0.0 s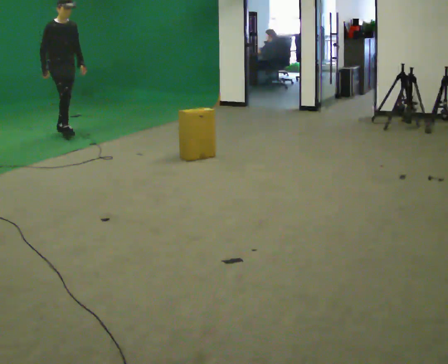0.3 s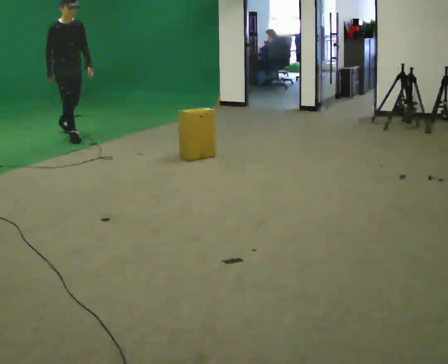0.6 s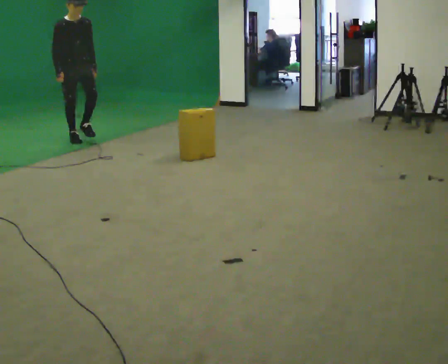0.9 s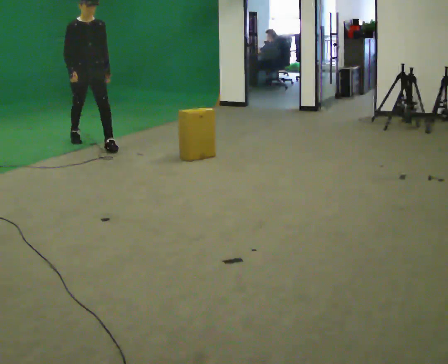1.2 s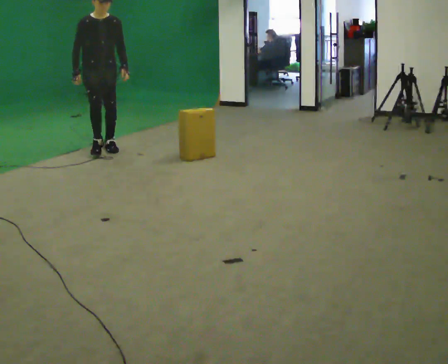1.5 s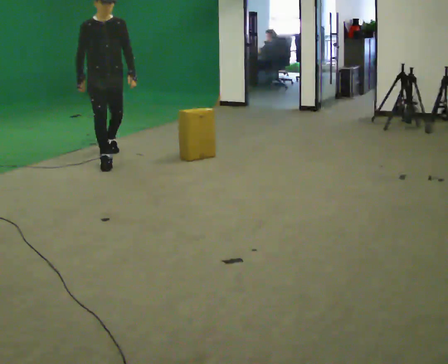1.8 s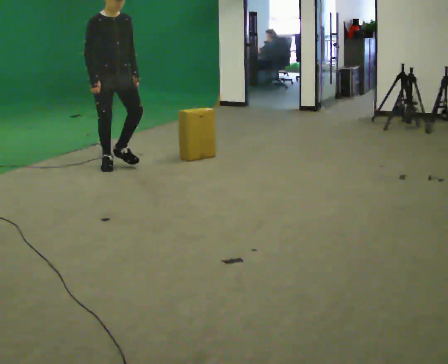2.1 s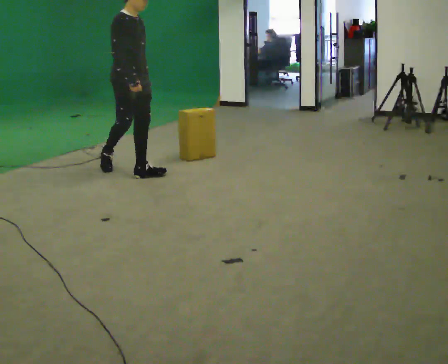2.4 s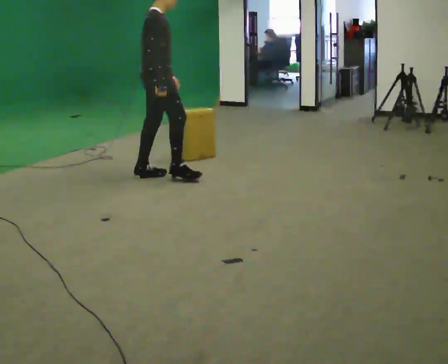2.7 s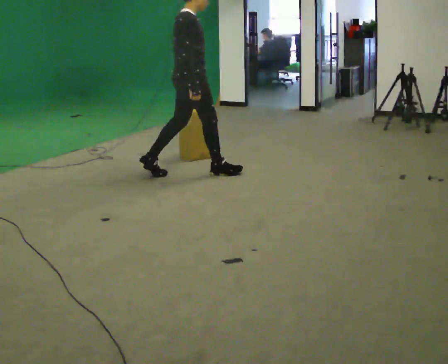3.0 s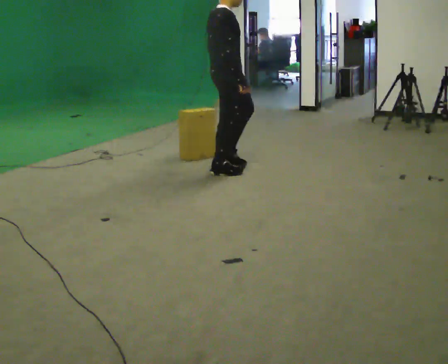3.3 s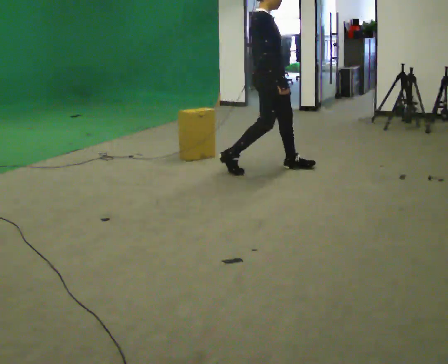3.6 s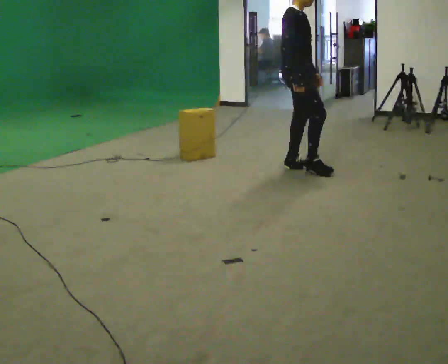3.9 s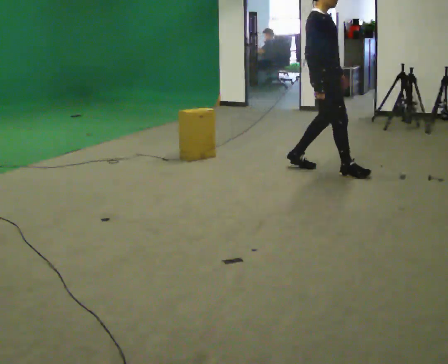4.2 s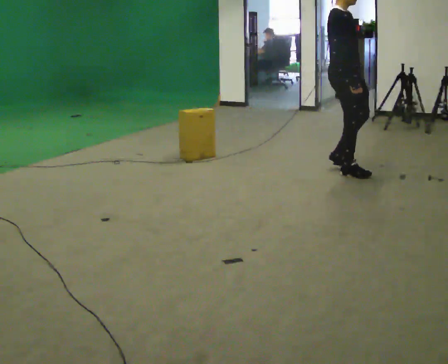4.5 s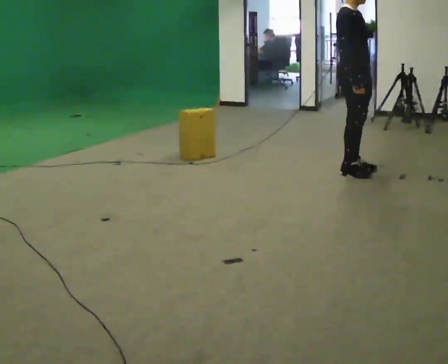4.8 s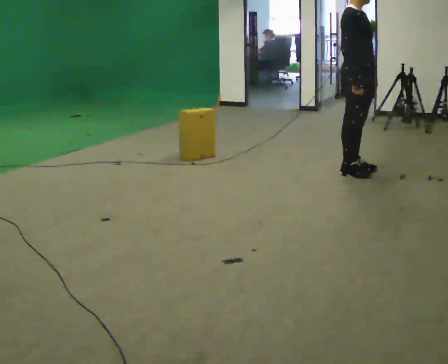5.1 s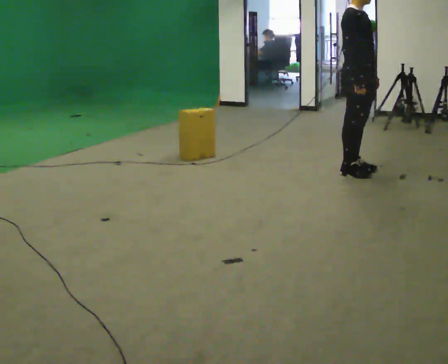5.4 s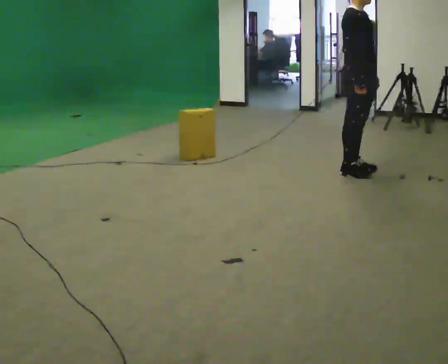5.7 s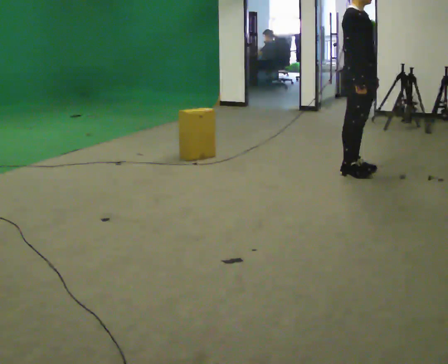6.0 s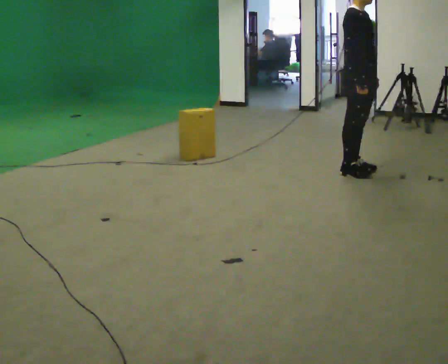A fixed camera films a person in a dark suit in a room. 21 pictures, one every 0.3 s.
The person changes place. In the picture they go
to the right.
0.0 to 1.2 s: Seen from above the body turns clockwise, about 30 degrees: to their right, with its near side sliding to the left. In the picture they go toward the camera and to the right, about 1 m in 2 steps, which for them is forward.
1.2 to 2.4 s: Seen from above the body turns counterclockwise, about 75 degrees: to their left, with its near side sliding to the right. In the picture they go toward the camera and to the right, about 1 m in 2 steps.
2.4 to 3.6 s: The part of the body nearest the lens slides to the left as the person turns to their right by about 30 degrees. In the picture they go to the right, about 1 m in 2 steps, which for them is forward.
3.6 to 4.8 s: In the picture they go to the right, about 0.5 m in 2 steps, which for them is forward.
4.8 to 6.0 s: The person moves a little, or ends about where they began.
The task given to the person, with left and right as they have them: Walk toward obstacle; alter path to avoid it; continue toward original destination.
The film runs forward here.
